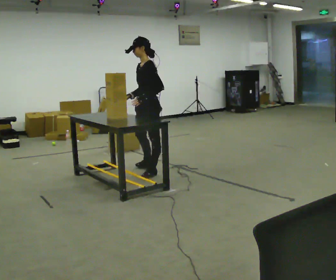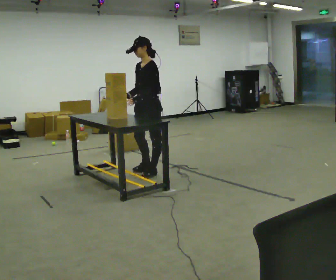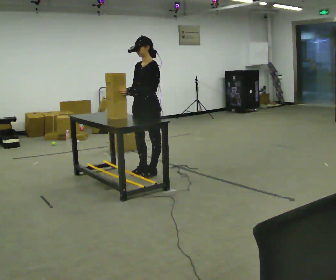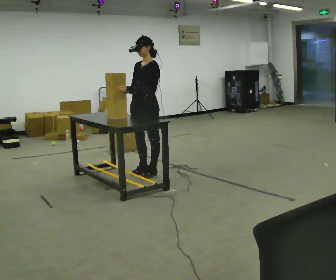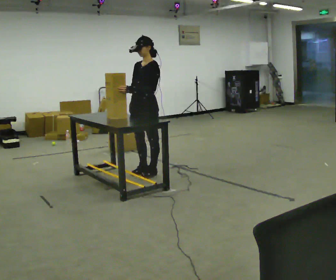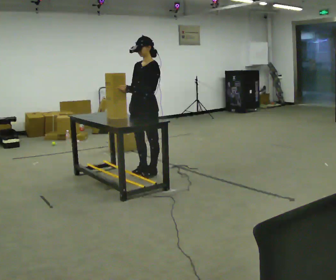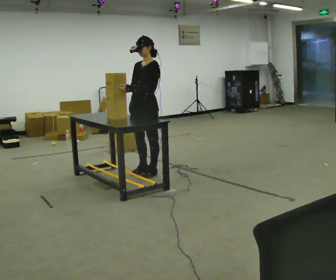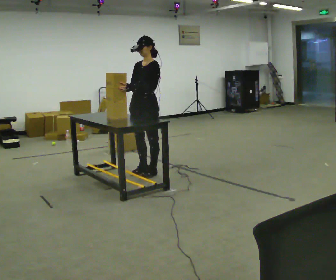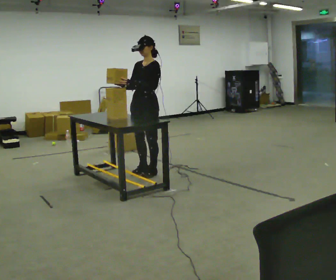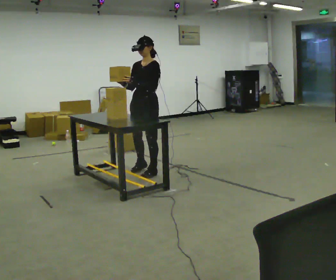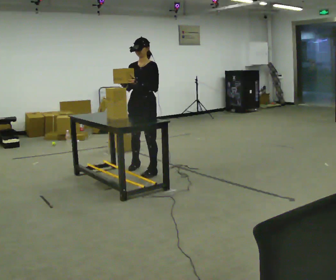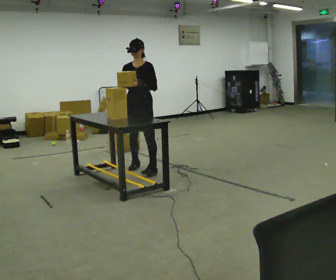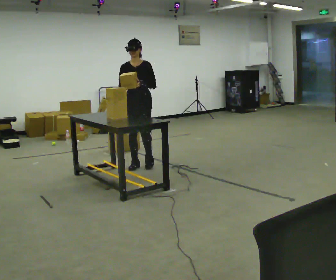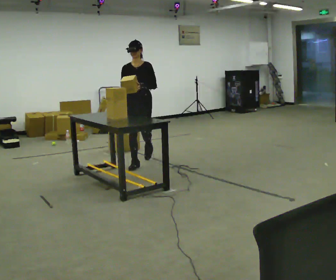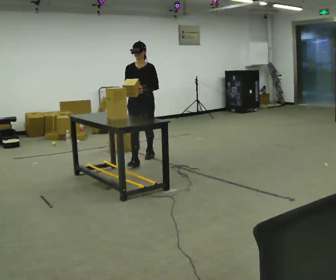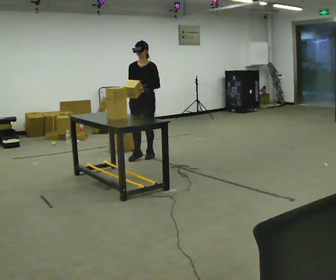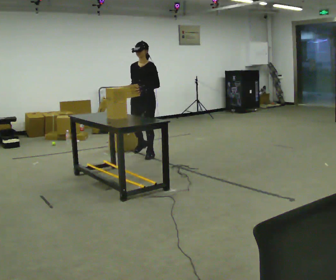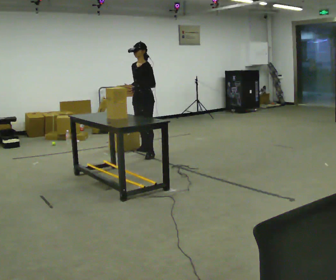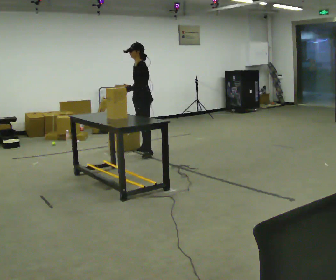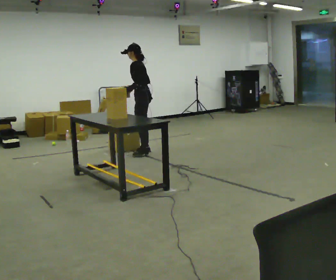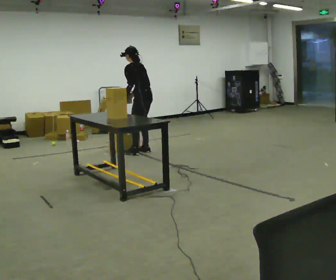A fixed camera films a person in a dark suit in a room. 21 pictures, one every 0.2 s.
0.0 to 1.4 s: The person moves a little, or ends about where they began.
1.4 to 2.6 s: The part of the body nearest the lens slides to the right as the person turns to their left by about 45 degrees. In the picture they go away from the camera, about 0.5 m in 2 steps, which for them is to their right and backward.
2.6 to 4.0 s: The part of the body nearest the lens slides to the left as the person turns to their right by about 105 degrees. In the picture they go away from the camera, about 0.75 m in 2 steps. In the picture the upper body tilts counterclockwise, shoulders to the left, as they bend forward.
The film runs backward here.
